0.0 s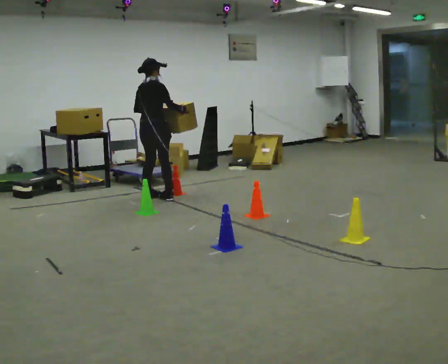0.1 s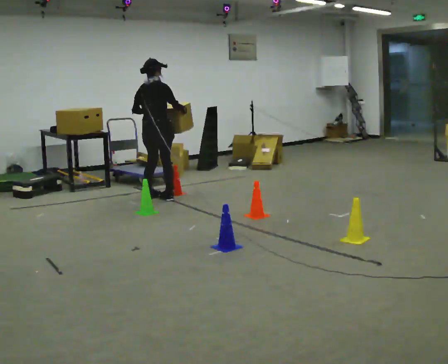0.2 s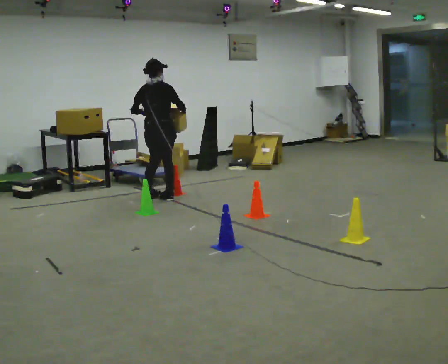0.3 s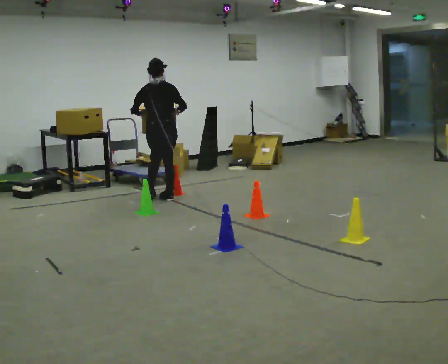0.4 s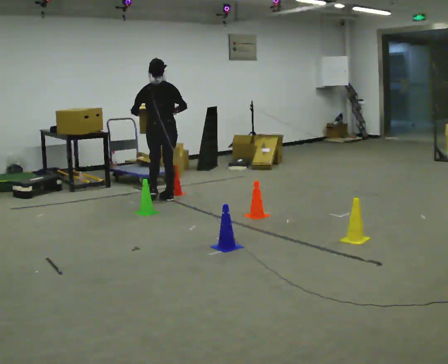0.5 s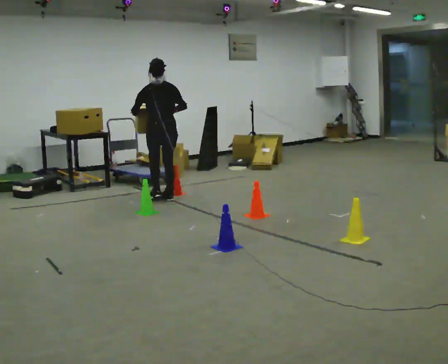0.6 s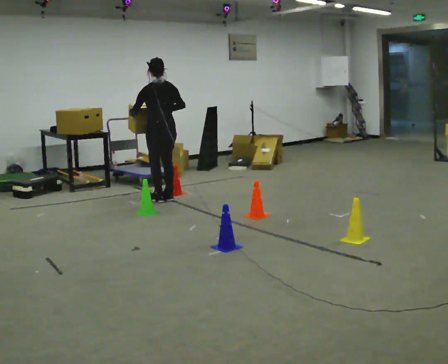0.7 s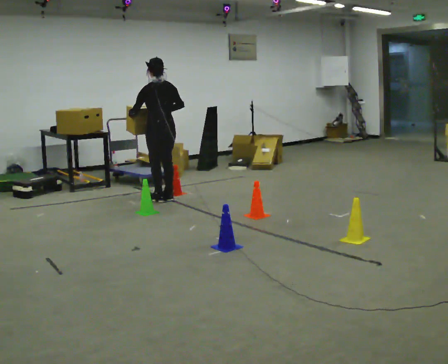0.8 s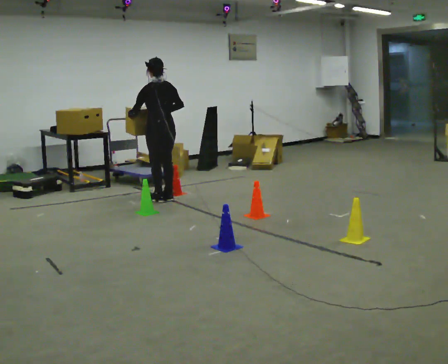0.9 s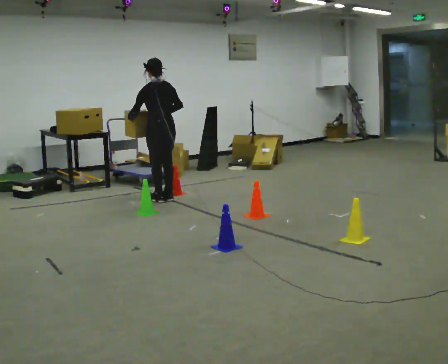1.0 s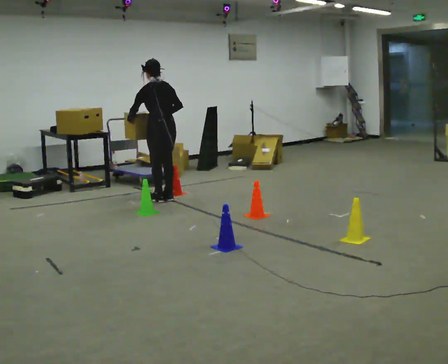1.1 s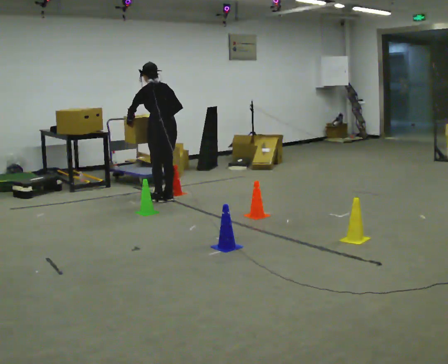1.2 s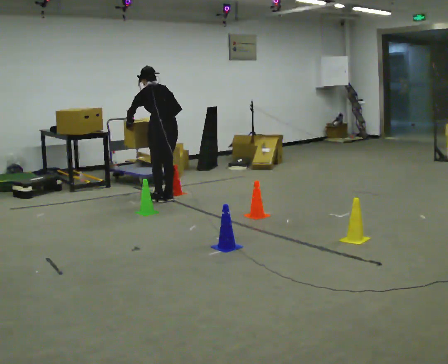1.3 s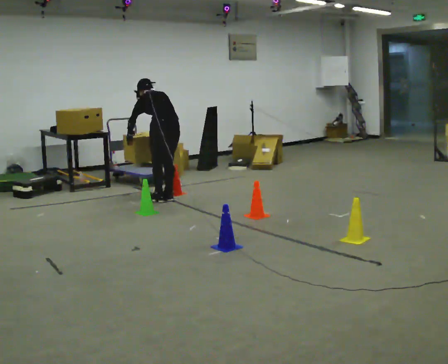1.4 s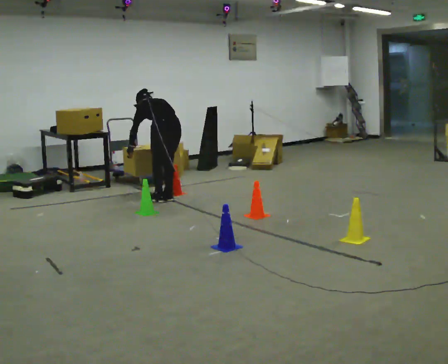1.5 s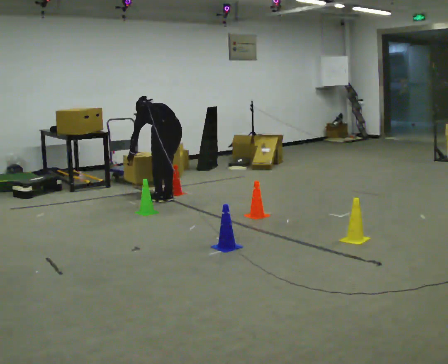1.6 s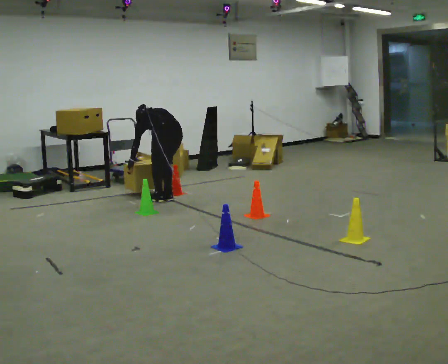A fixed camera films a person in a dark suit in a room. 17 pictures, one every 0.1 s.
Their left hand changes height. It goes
downward.
The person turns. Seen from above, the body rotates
counterclockwise.
0.0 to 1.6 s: The part of the body nearest the lens slides to the right as the person turns to their left by about 75 degrees. In the picture they go toward the camera and to the right, about 0.25 m in 1 step. The upper body goes downward. The upper body tips away from the camera, its near side rolling upward, as they bend forward. In the picture their right hand goes downward.
The film runs backward here.
